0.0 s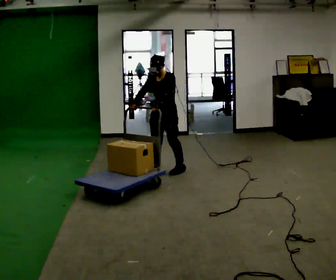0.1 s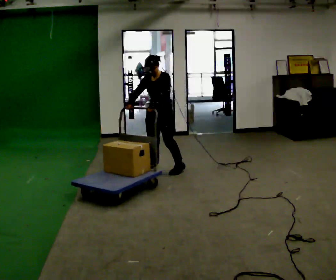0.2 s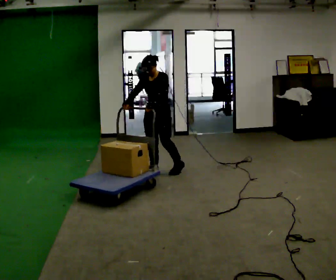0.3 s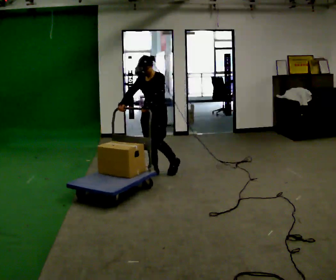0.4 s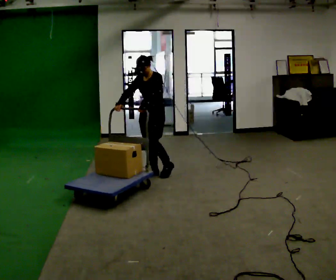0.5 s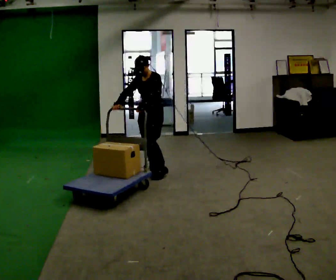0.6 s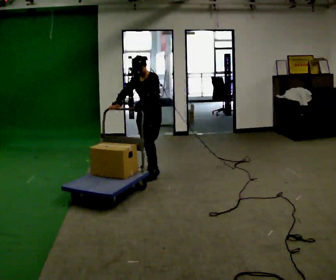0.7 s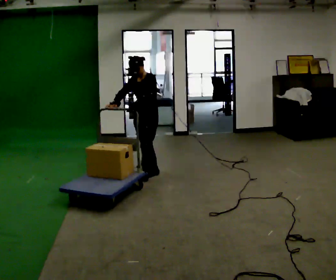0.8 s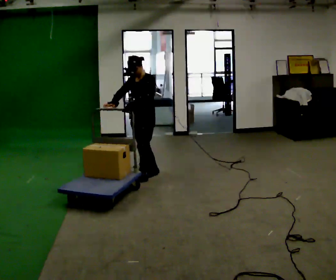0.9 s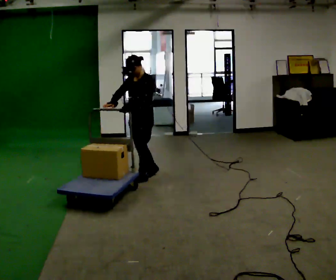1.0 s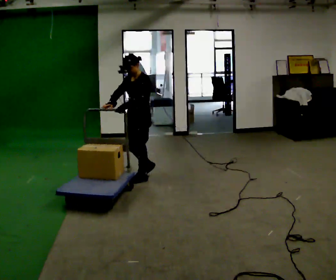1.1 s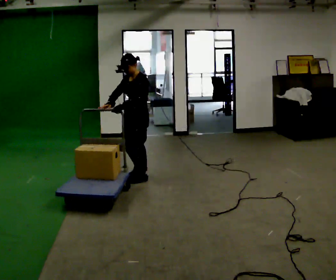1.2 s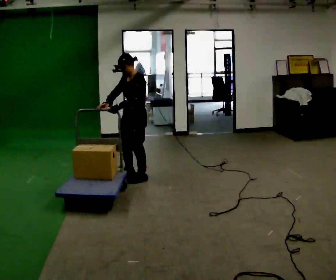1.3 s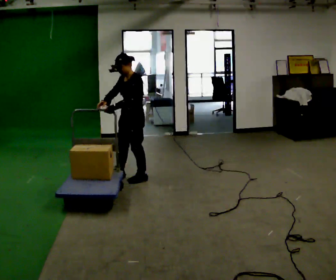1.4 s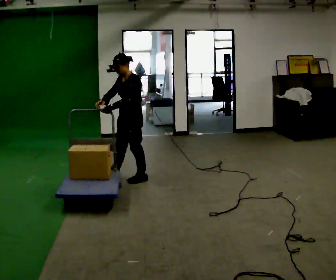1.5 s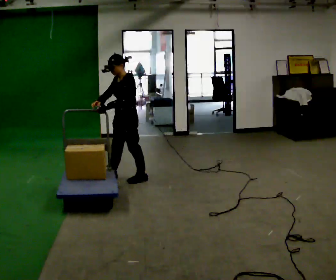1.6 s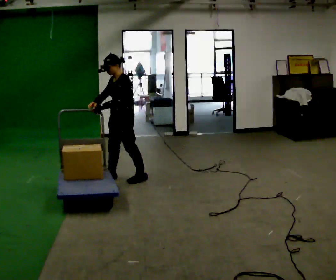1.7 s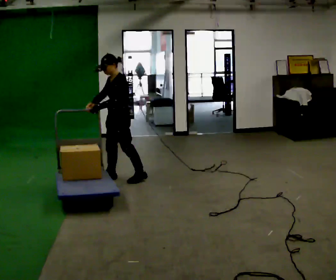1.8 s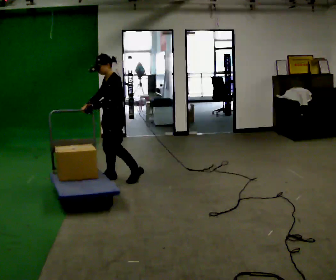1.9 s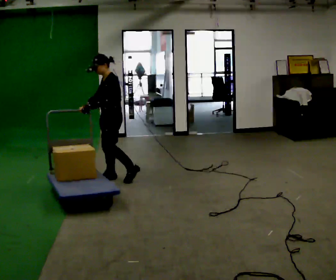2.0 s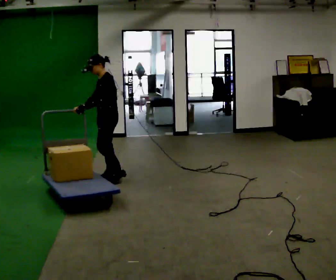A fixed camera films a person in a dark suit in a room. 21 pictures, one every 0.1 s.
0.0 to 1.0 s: In the picture they go to the left and toward the camera, about 0.25 m in 1 step, which for them is forward.
1.0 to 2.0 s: In the picture they go to the left, about 0.25 m in 1 step, which for them is forward and to their right.
The film runs forward here.
